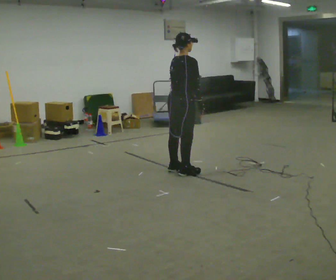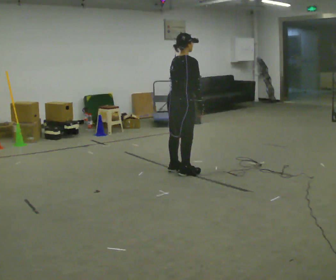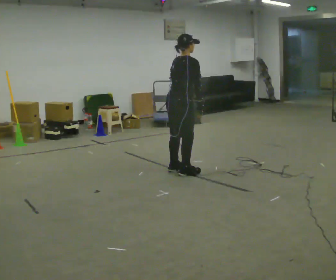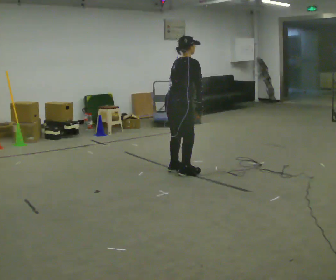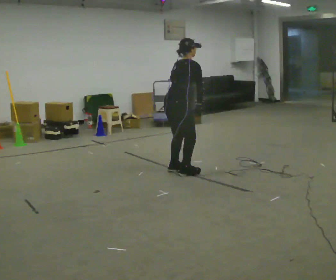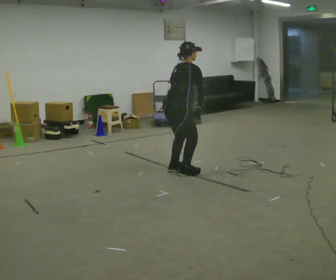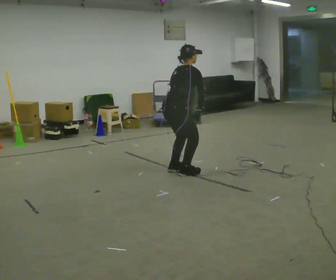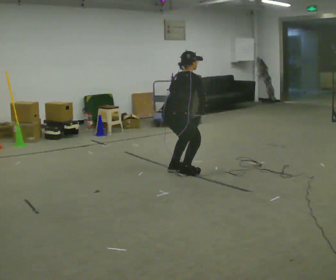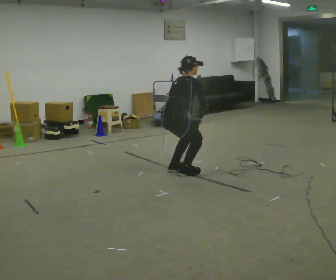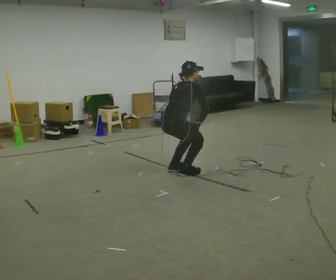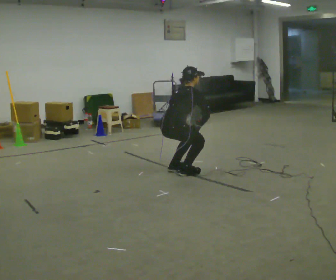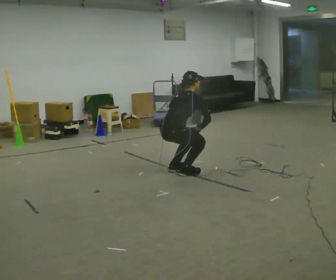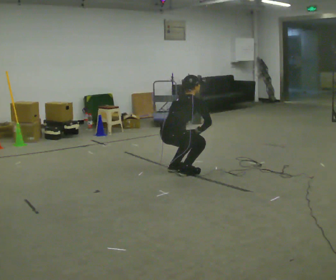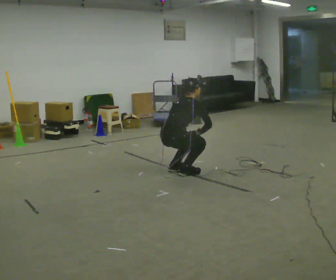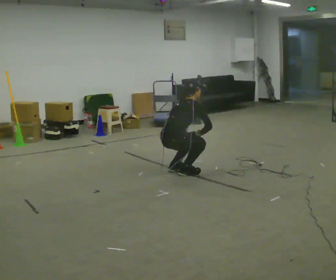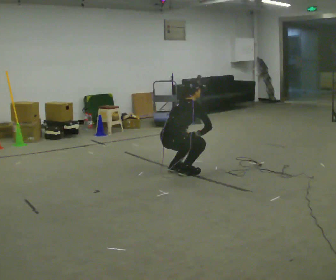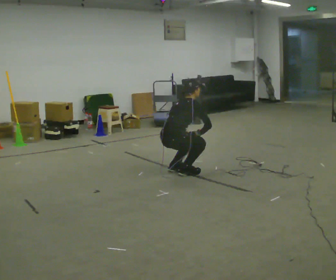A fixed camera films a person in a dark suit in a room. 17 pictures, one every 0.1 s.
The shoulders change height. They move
downward.
0.0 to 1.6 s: The upper body goes downward. In the picture the upper body tilts clockwise, shoulders to the right, as they bend forward. In the picture their left hand goes downward.
The film runs forward here.
